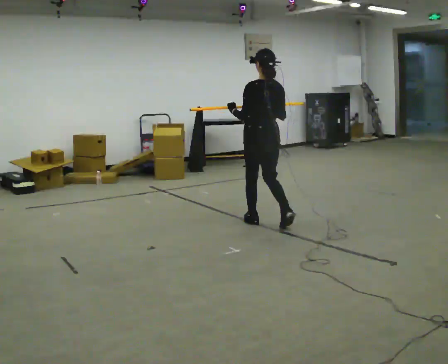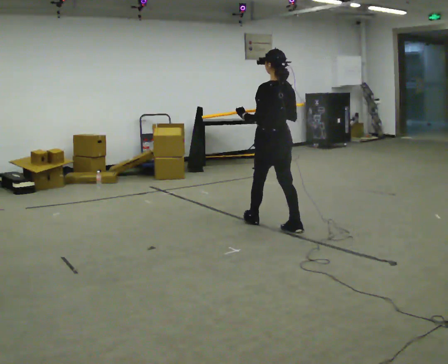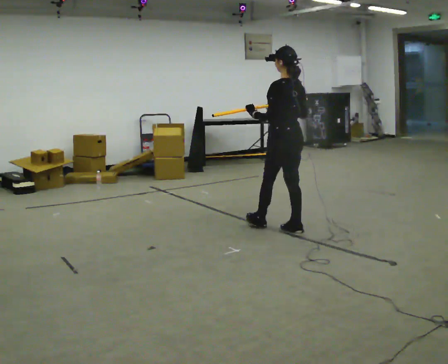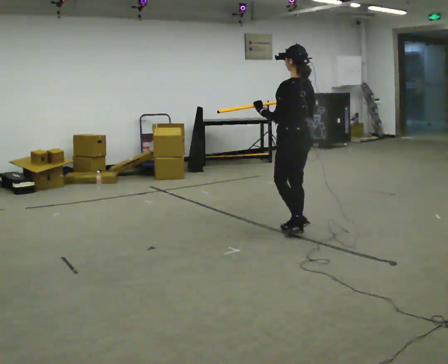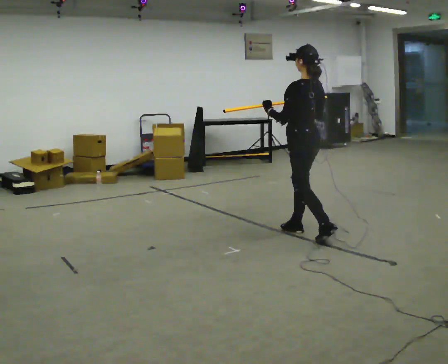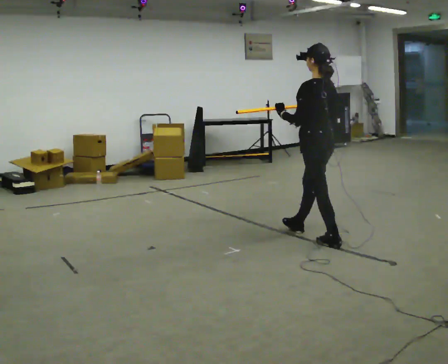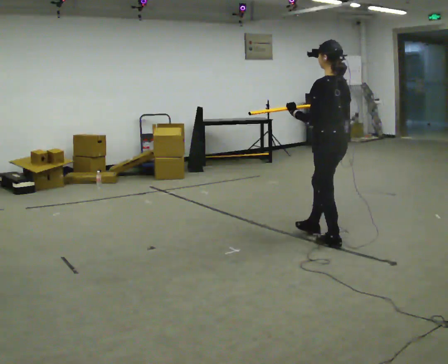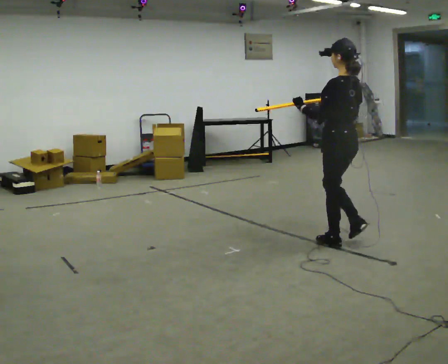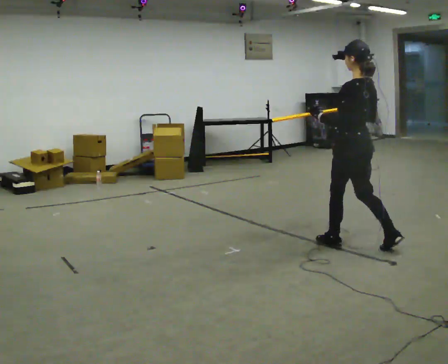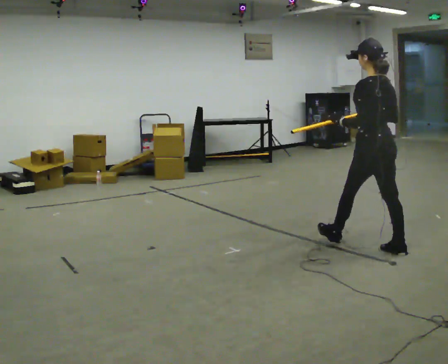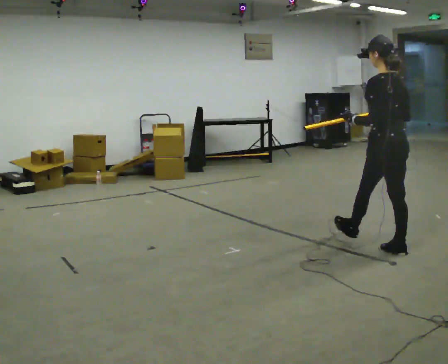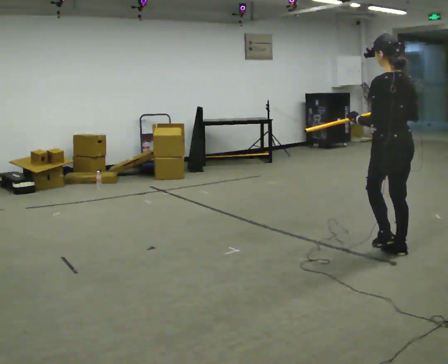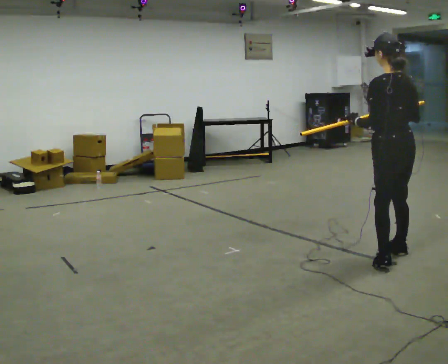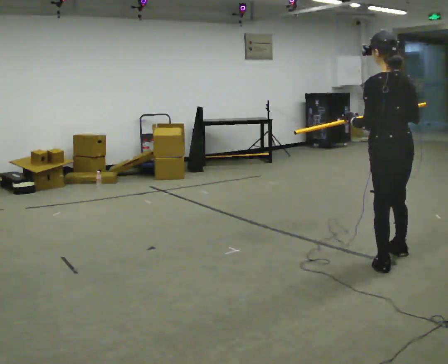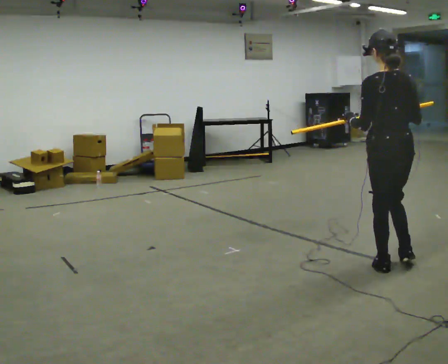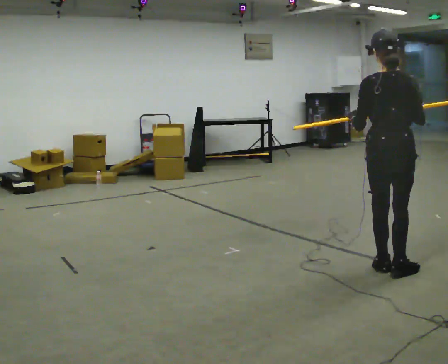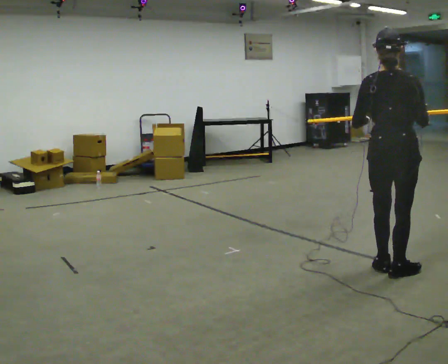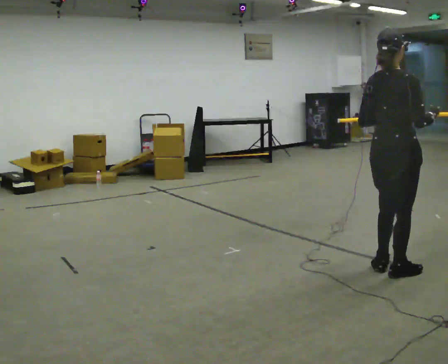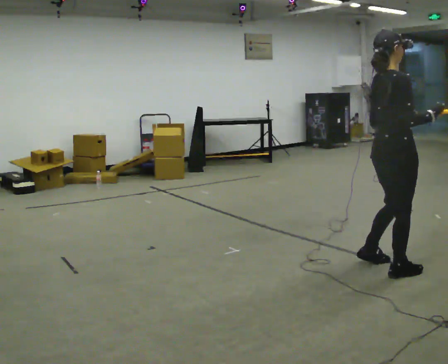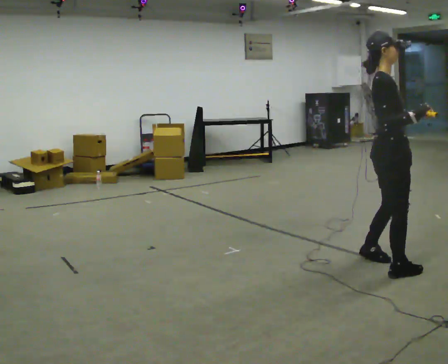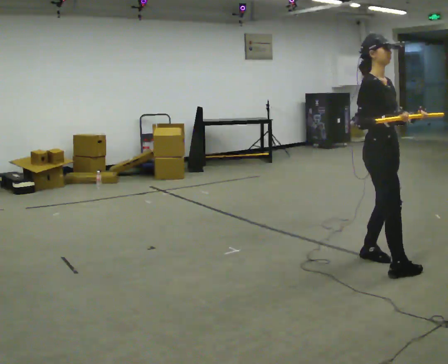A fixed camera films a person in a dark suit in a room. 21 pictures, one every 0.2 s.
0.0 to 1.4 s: In the picture they go to the right and toward the camera, about 1 m in 2 steps, which for them is backward.
1.4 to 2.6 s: In the picture they go toward the camera and to the right, about 0.5 m in 2 steps, which for them is backward.
2.6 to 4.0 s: The person turns about 135 degrees to their right, clockwise seen from above, so the part of the body nearest the lens slides to the left. In the picture their left hand goes to the right.
The film runs backward here.
